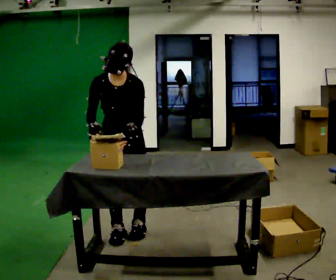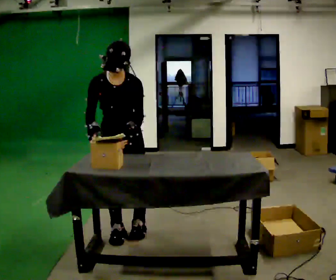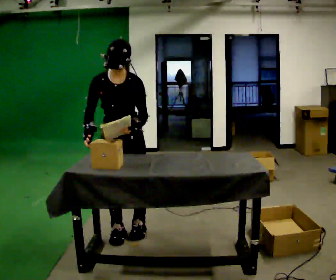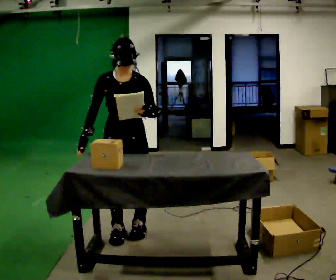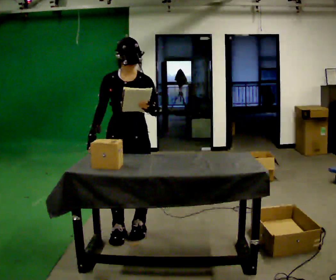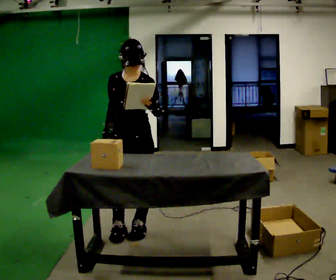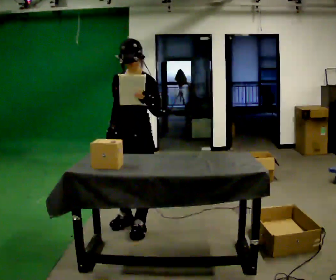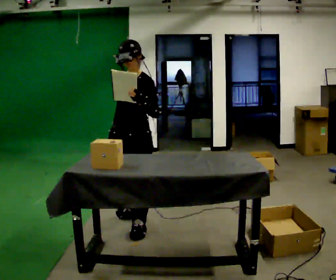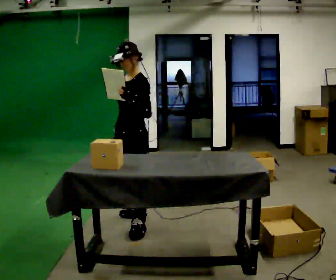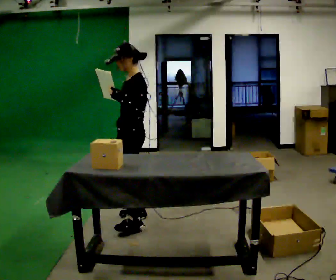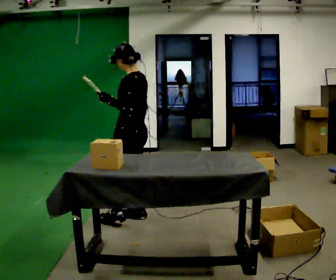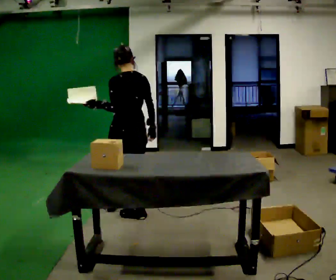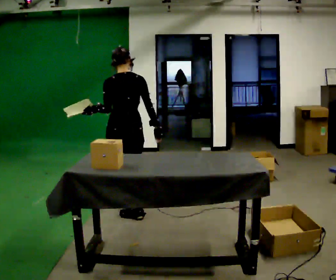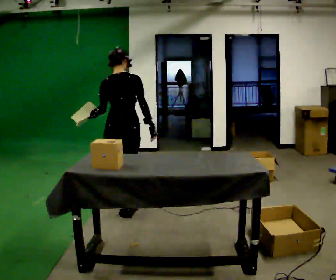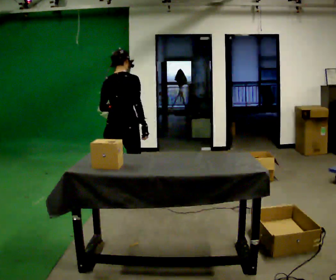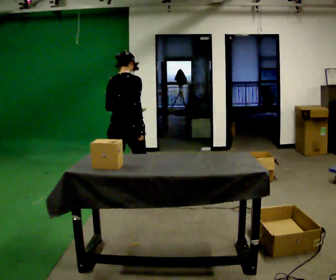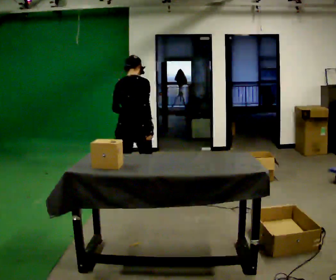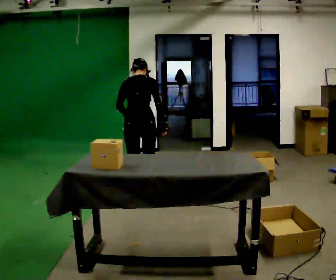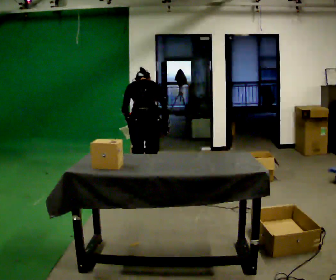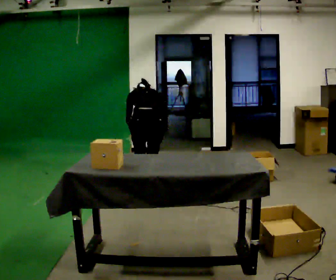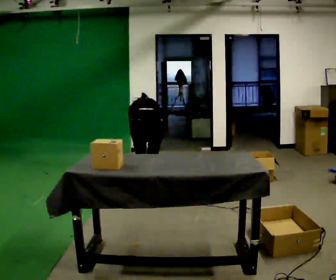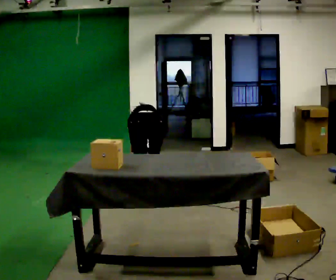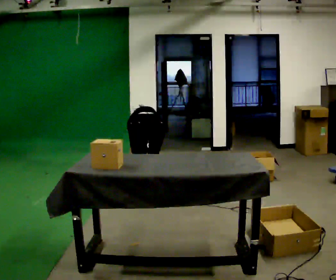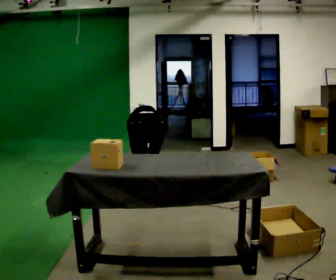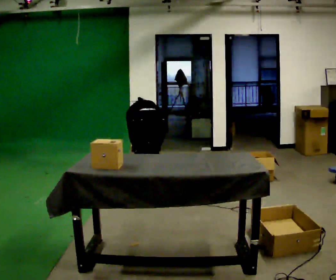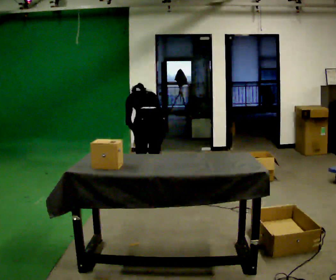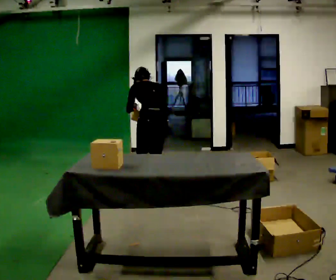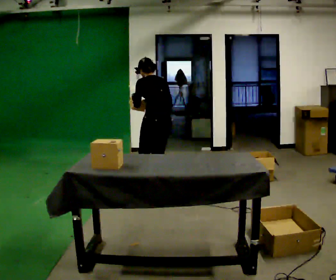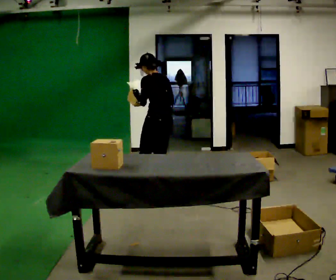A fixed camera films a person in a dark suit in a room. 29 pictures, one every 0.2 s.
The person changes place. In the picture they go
away from the camera.
0.0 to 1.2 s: The upper body tips away from the camera, its near side rolling upward, as they lean back or straighten.
1.2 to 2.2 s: The part of the body nearest the lens slides to the left as the person turns to their right by about 120 degrees. In the picture they go away from the camera, about 0.25 m in 1 step.
2.2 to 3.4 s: The person turns about 30 degrees to their right, clockwise seen from above, so the part of the body nearest the lens slides to the left. In the picture they go away from the camera, about 0.5 m in 2 steps, which for them is forward.
3.4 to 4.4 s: The shoulders move downward. The upper body tips away from the camera, its near side rolling upward, as they bend forward. In the picture their right hand goes downward.
4.4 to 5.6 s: The person turns about 30 degrees to their left, counterclockwise seen from above, so the part of the body nearest the lens slides to the right. The upper body goes upward. The upper body tips toward the camera, its near side rolling downward, as they lean back or straighten. In the picture their right hand goes upward.
The film runs forward here.
